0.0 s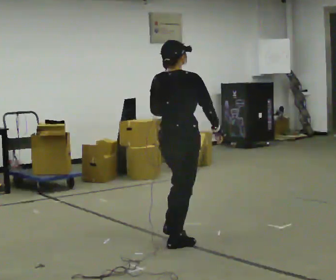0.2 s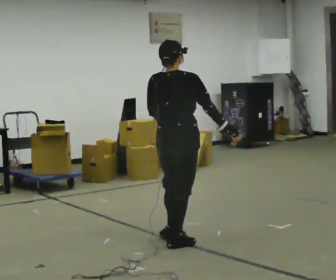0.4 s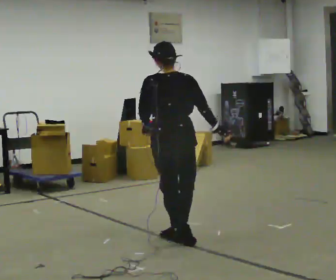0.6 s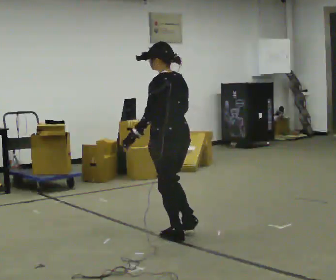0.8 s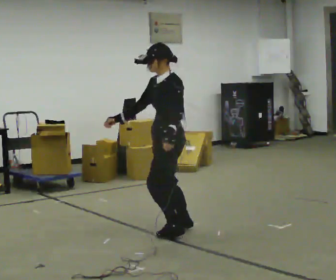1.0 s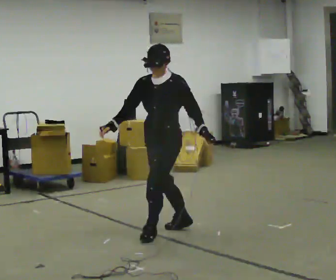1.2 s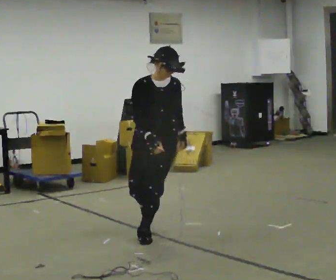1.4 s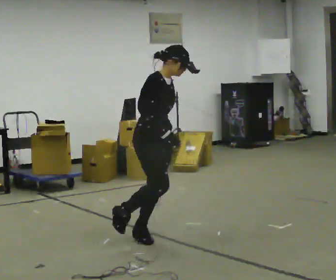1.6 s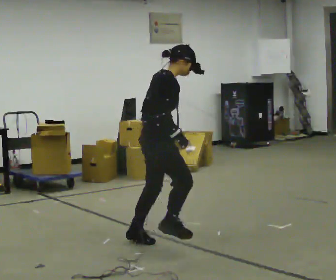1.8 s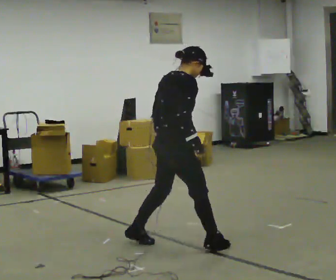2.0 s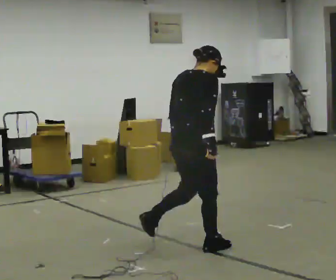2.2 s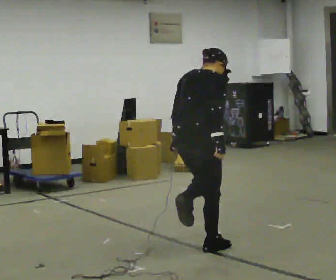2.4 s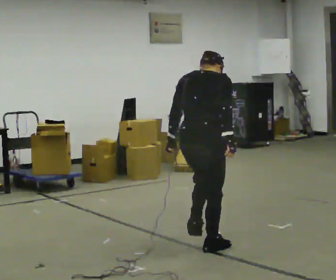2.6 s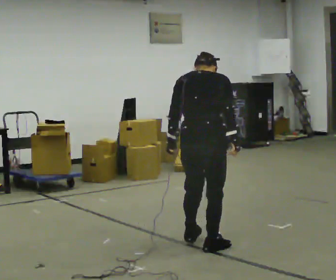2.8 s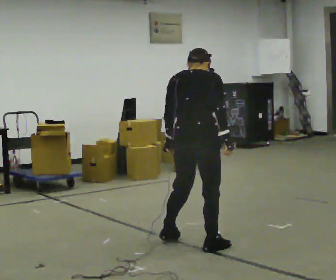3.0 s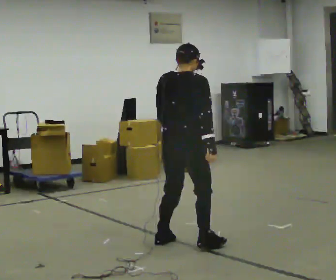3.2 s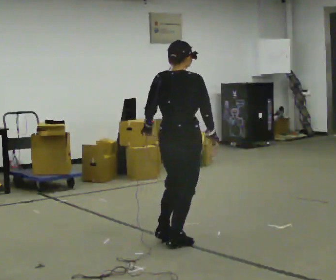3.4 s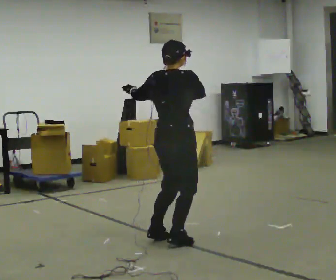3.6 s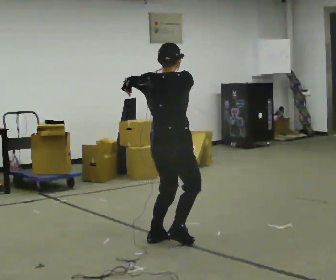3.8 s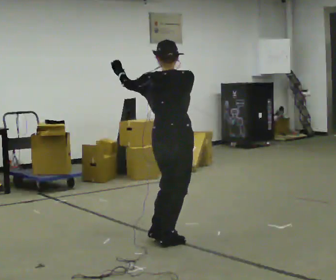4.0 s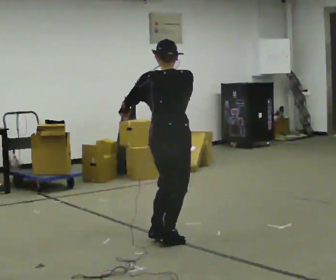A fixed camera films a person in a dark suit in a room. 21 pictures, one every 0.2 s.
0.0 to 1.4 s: The person turns about 285 degrees to their left, counterclockwise seen from above, so the part of the body nearest the lens slides to the right. In the picture they go to the left, about 0.25 m in 2 steps. In the picture their right hand goes to the left.
1.4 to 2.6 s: The part of the body nearest the lens slides to the right as the person turns to their left by about 105 degrees. In the picture they go to the right and toward the camera, about 0.5 m in 1 step. The upper body tips away from the camera, its near side rolling upward.
2.6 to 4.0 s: In the picture they go away from the camera and to the left, about 0.25 m in 2 steps, which for them is to their left. The upper body tips toward the camera, its near side rolling downward, as they lean back or straighten.
The film runs forward here.
